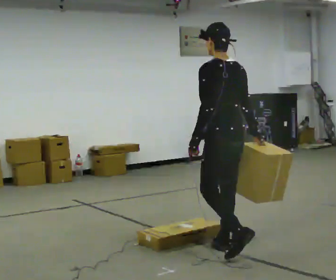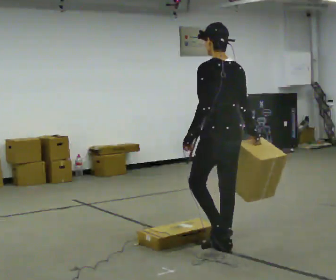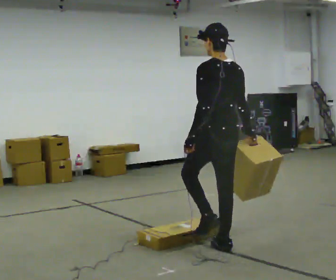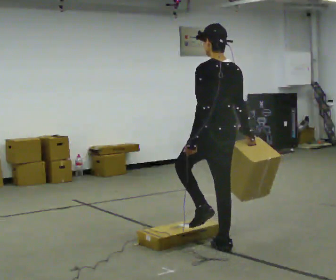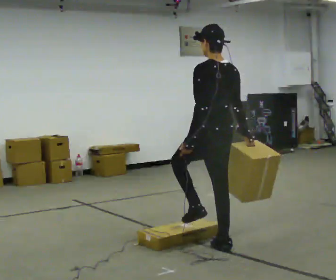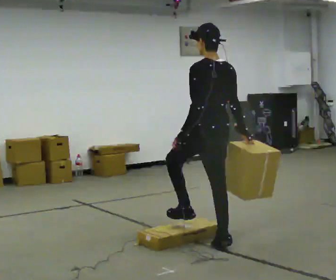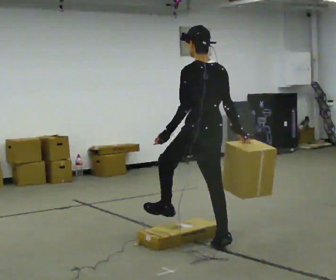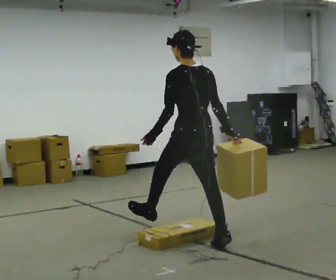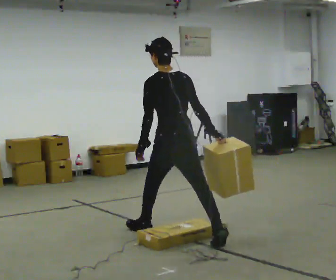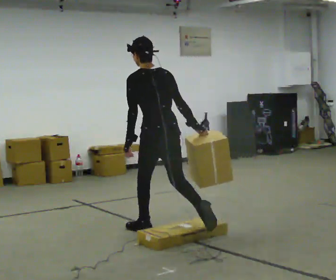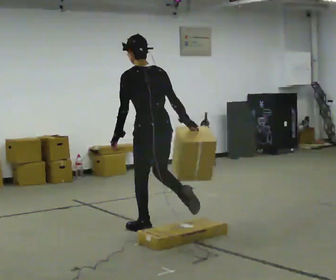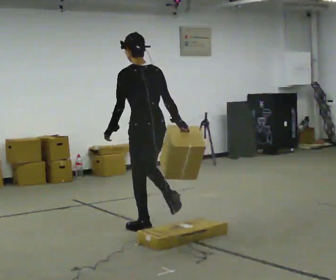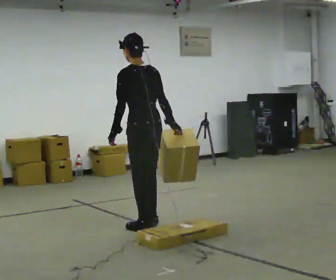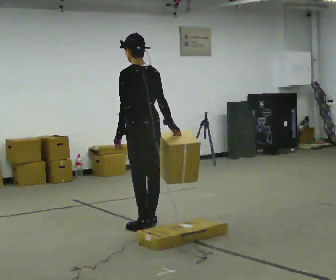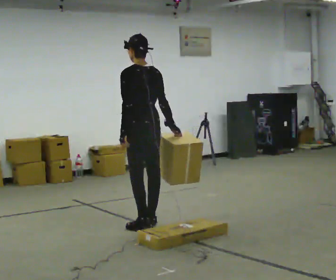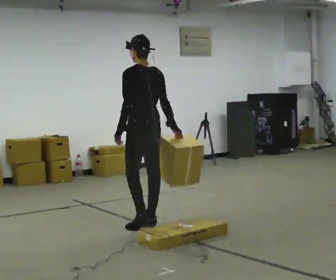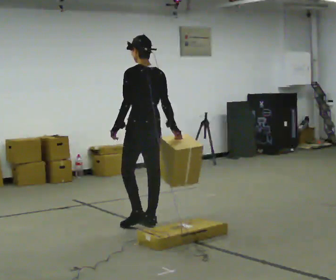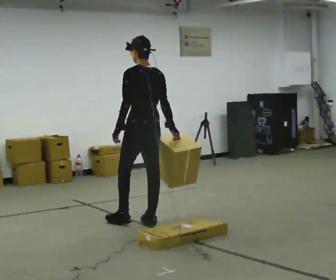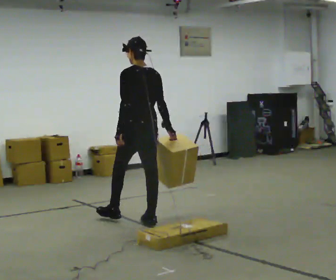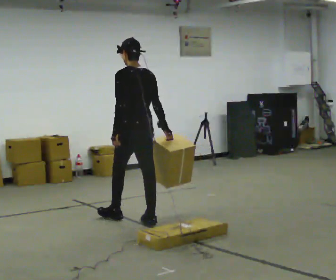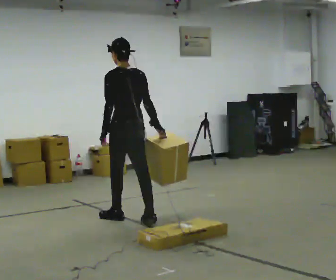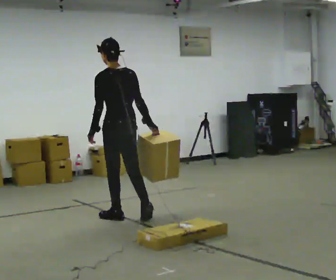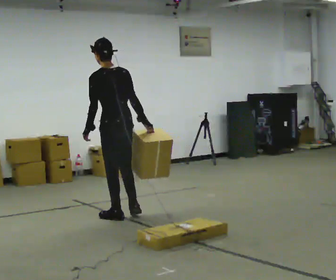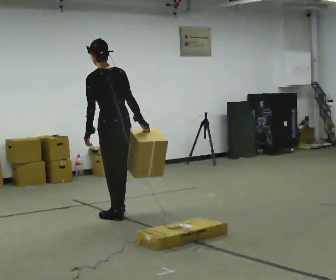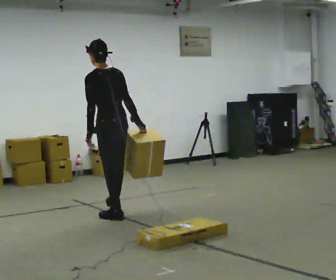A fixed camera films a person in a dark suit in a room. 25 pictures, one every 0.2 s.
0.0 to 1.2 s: In the picture they go away from the camera and to the left, about 0.25 m, which for them is forward.
1.2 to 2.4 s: In the picture they go away from the camera and to the left, about 0.75 m in 1 step, which for them is forward.
2.4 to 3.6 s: In the picture they go away from the camera, about 0.25 m in 1 step, which for them is forward.
3.6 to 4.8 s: In the picture they go to the left and away from the camera, about 0.25 m in 2 steps, which for them is forward.
The film runs forward here.
